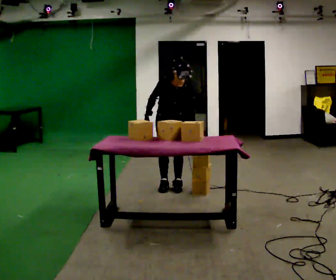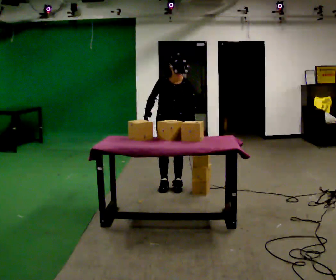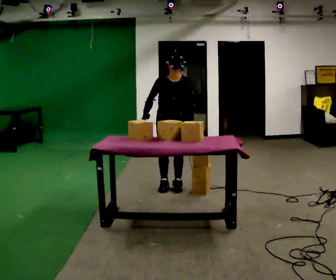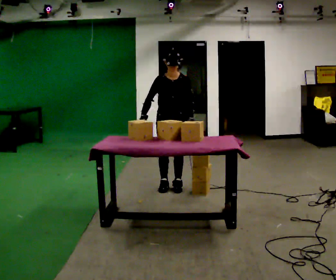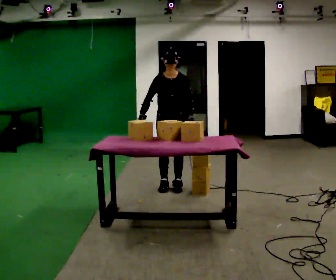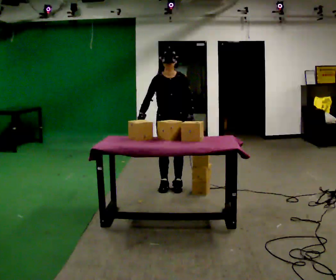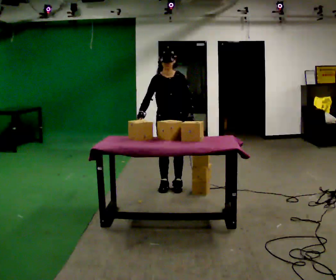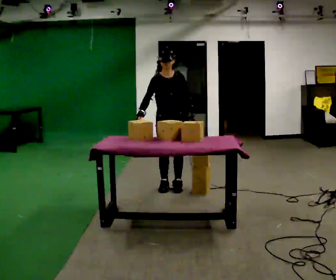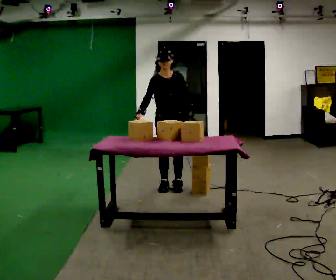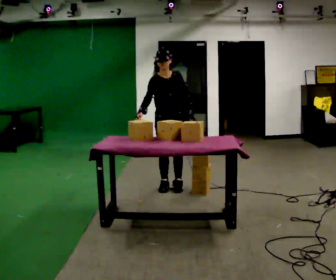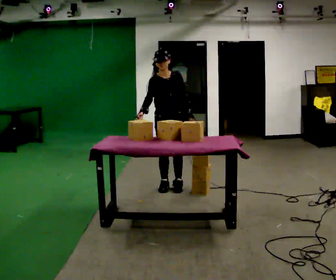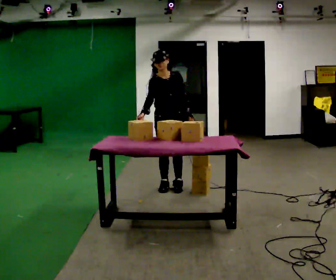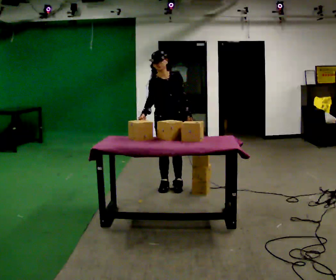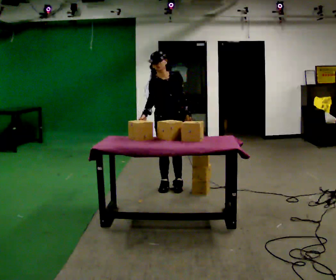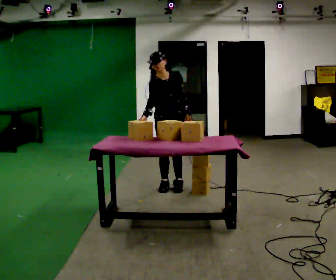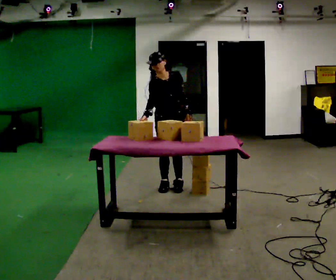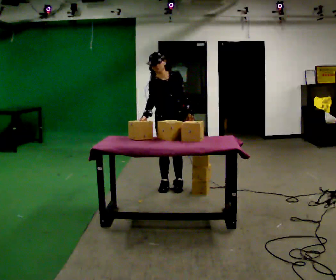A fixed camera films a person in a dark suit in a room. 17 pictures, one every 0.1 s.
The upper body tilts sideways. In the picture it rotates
counterclockwise.
0.0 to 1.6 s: In the picture the upper body tilts counterclockwise, shoulders to the left.
The film runs forward here.
